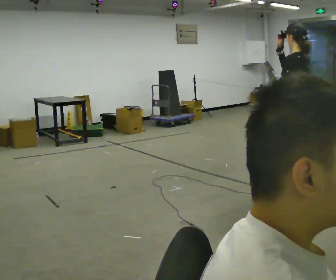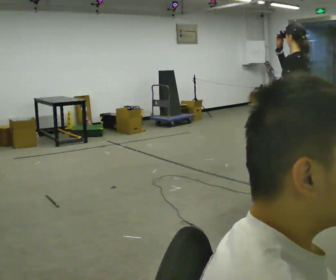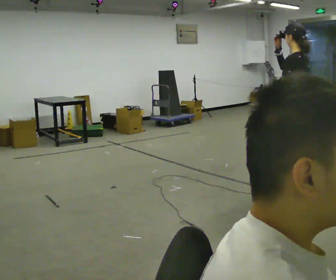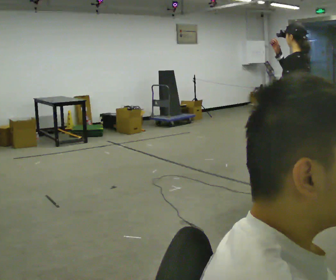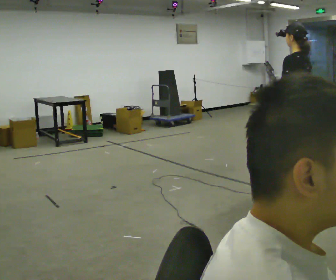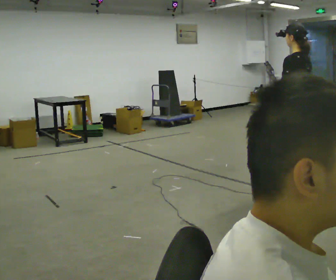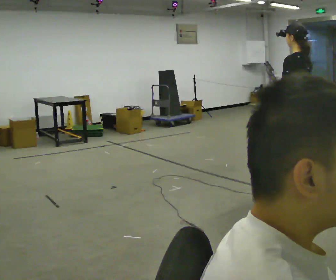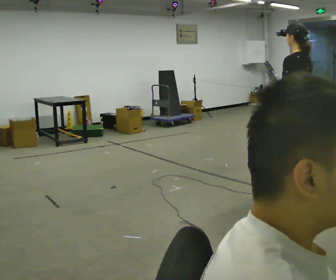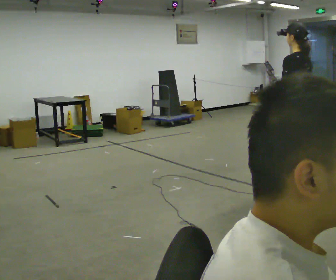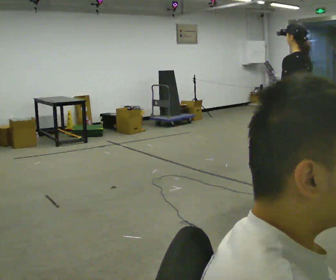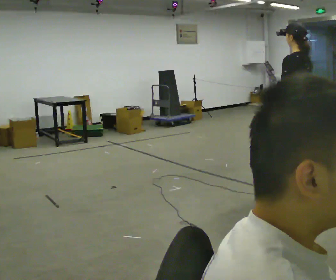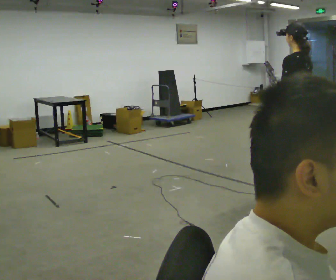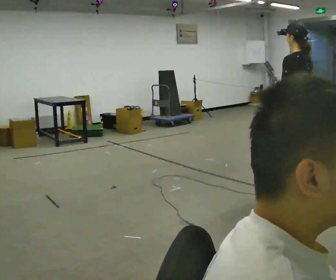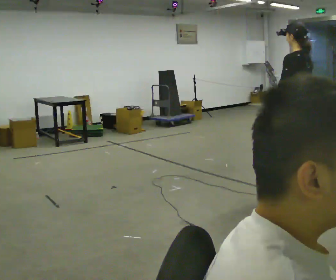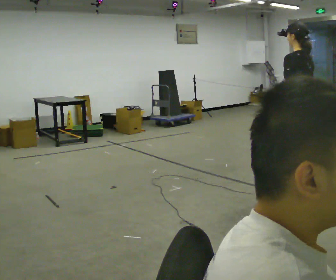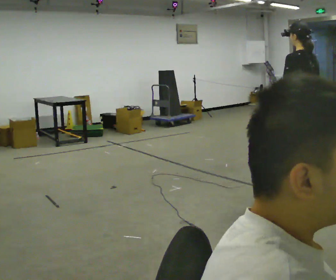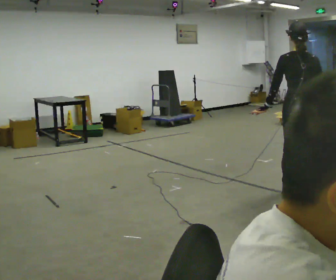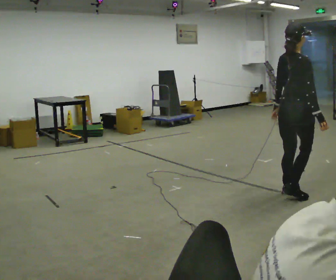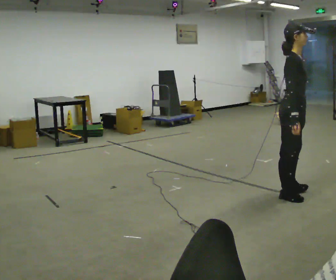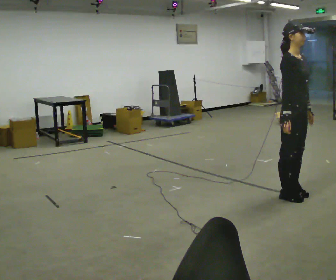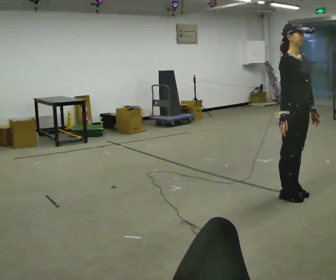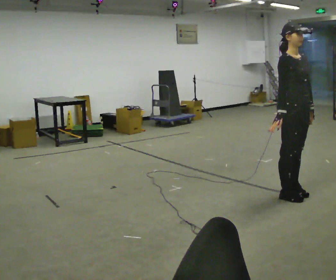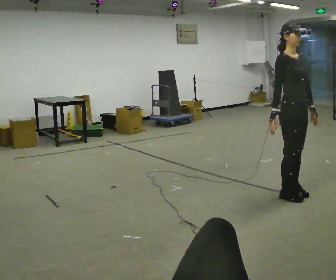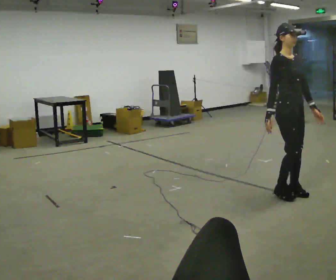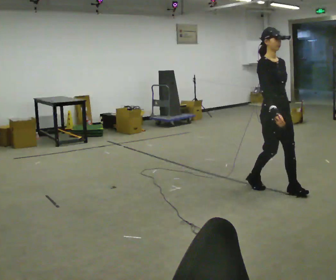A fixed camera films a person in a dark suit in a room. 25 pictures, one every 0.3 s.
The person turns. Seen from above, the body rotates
clockwise.
Their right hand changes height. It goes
downward.
0.0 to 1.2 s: In the picture their right hand goes downward.
1.2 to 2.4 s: The person moves a little, or ends about where they began.
2.4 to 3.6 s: The person keeps their place and pose.
3.6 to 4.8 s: Seen from above the body turns clockwise, about 45 degrees: to their right, with its near side sliding to the left.
4.8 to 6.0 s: The person turns about 135 degrees to their right, clockwise seen from above, so the part of the body nearest the lens slides to the left. In the picture their left hand goes to the right, the arm swinging counterclockwise.
6.0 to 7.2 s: In the picture they go away from the camera and to the left, about 0.25 m in 1 step, which for them is backward.
The film runs backward here.
